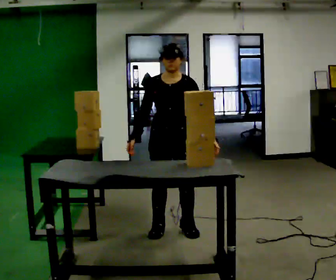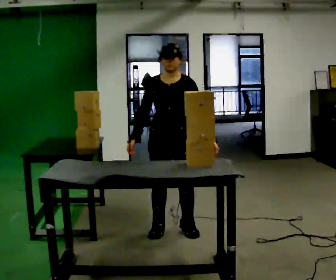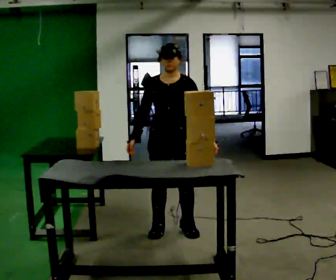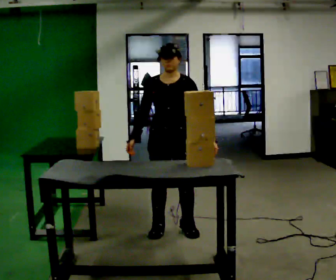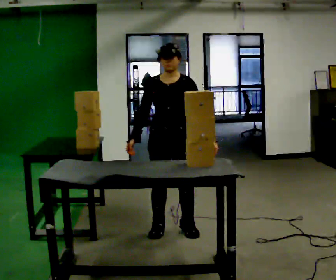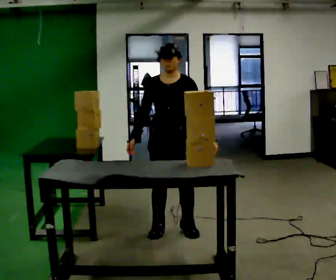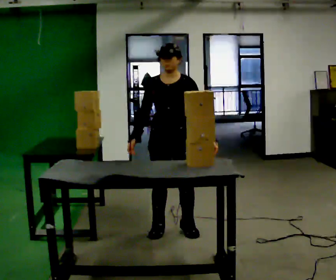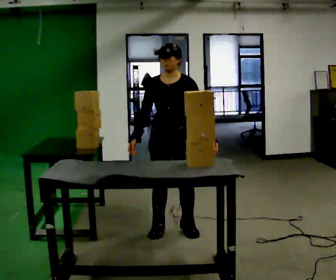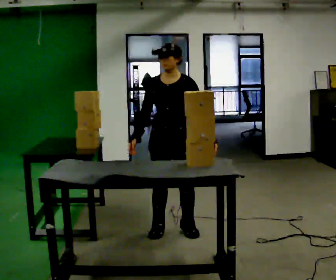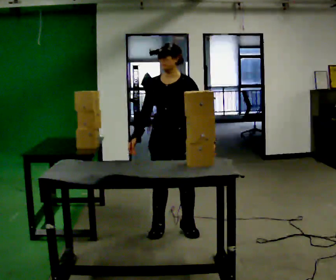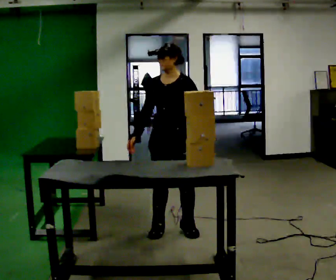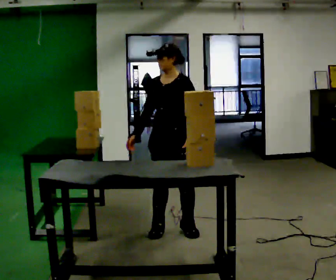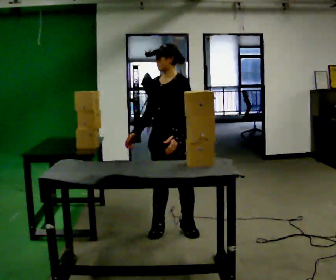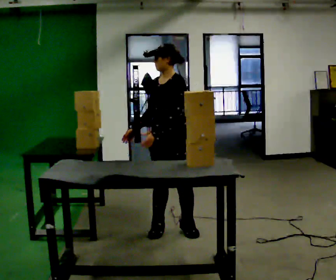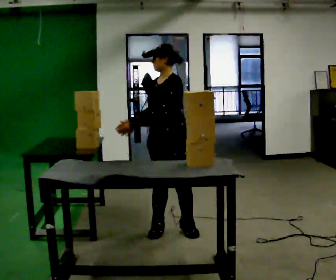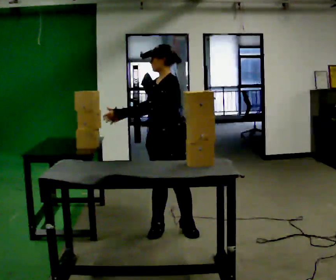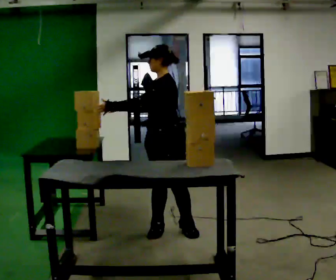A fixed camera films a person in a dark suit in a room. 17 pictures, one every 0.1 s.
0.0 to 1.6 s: The person turns about 60 degrees to their right, clockwise seen from above, so the part of the body nearest the lens slides to the left. In the picture their left hand goes to the left, the arm swinging clockwise.
The film runs forward here.
